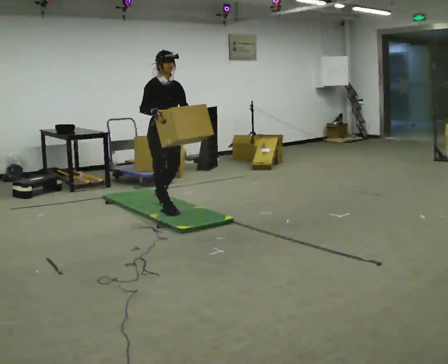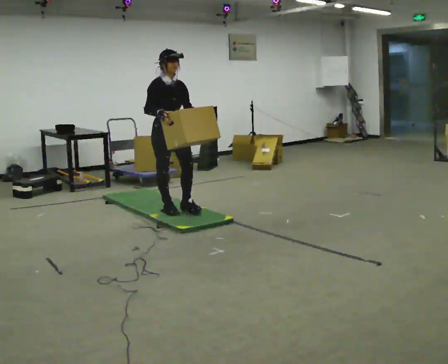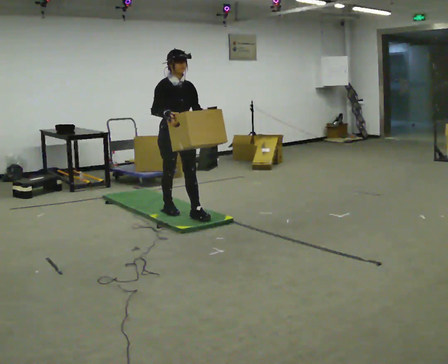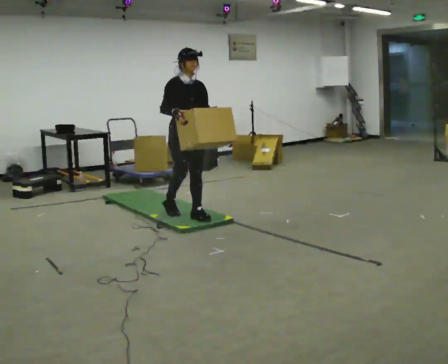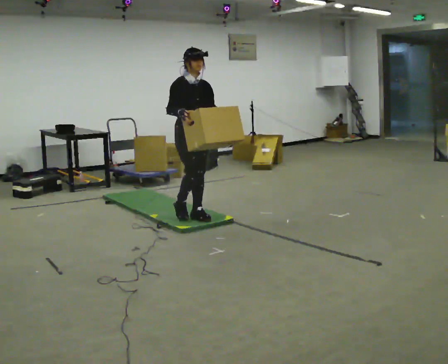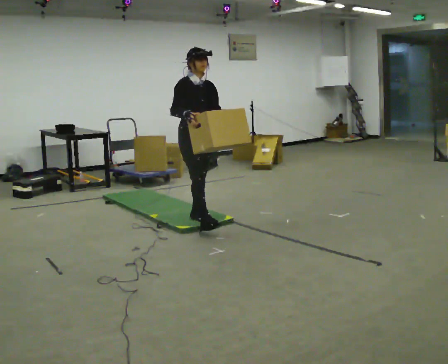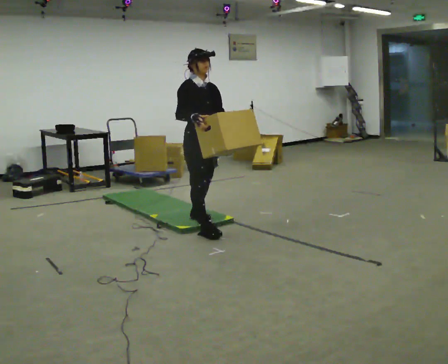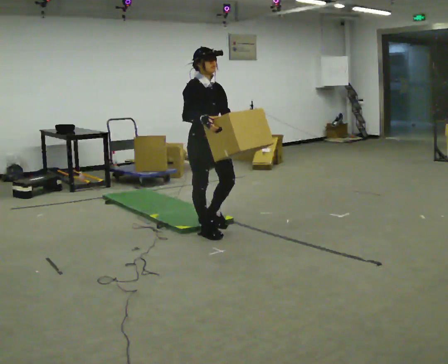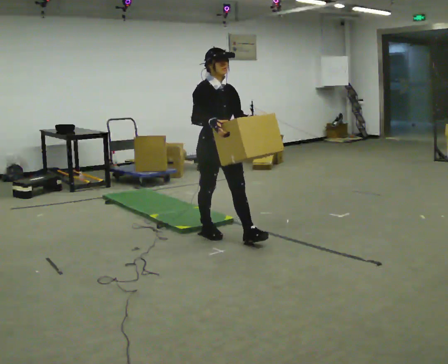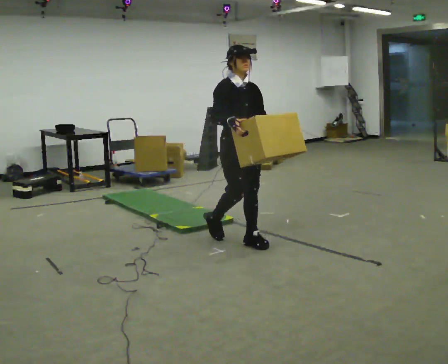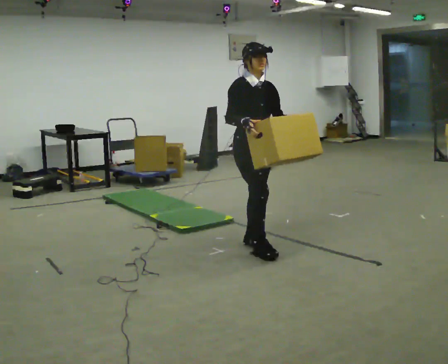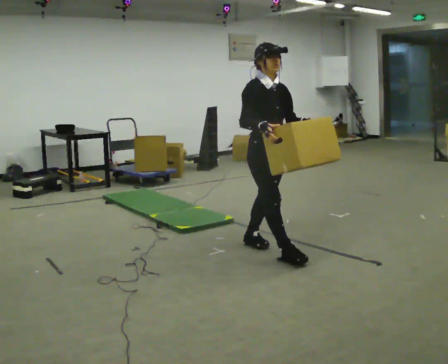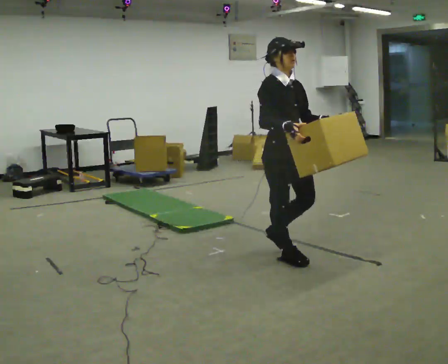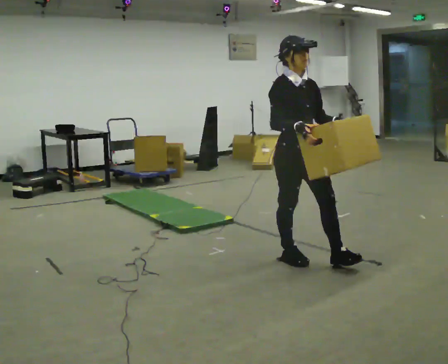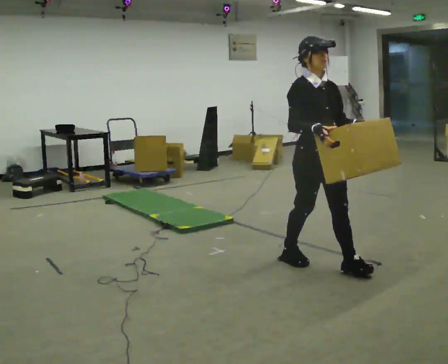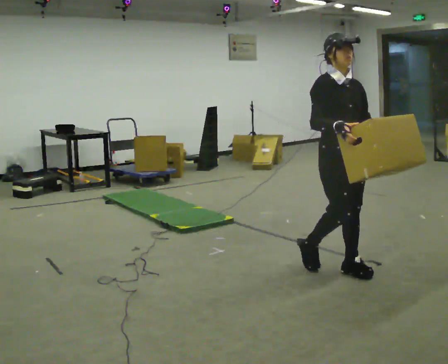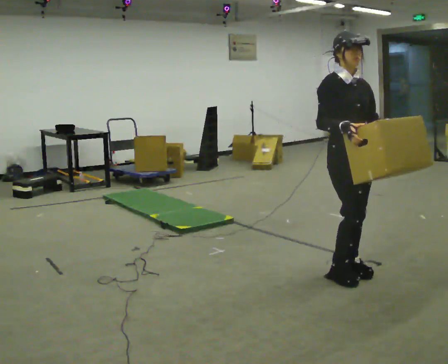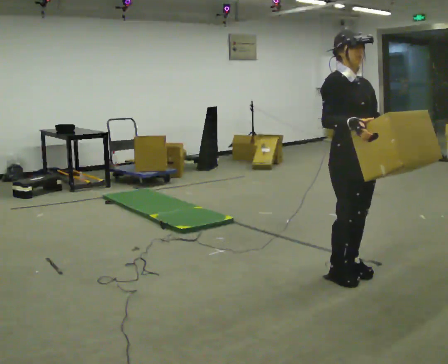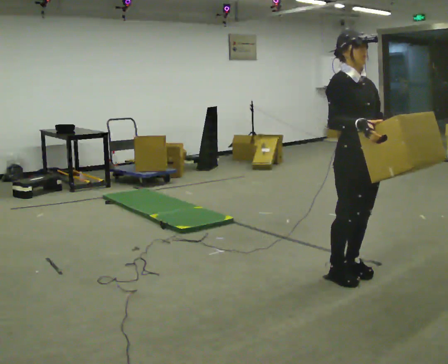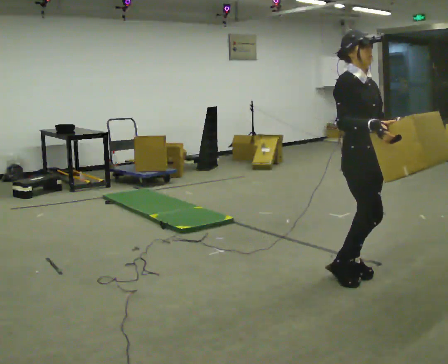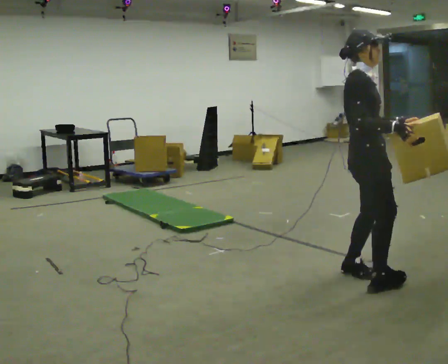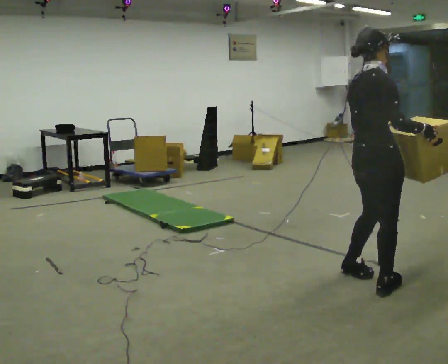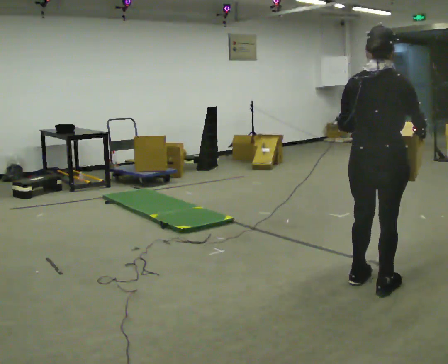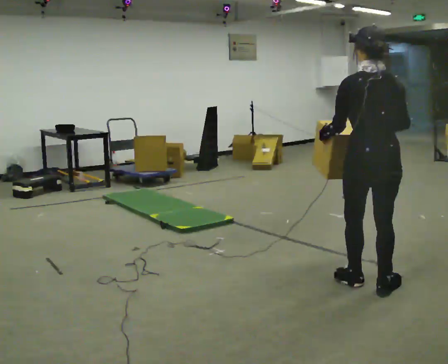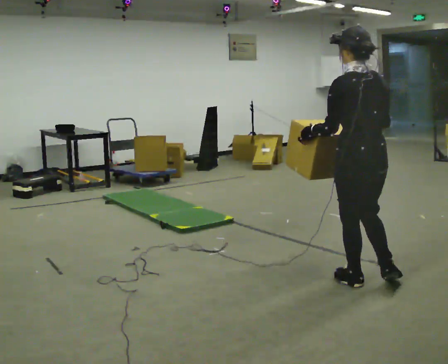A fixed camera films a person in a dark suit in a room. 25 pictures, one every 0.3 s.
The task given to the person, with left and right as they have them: Carry the box across the soft uneven mat, set it down on the far side, then bring it back. Keep going until the operator says stop; one object at a time, and do not rush between trips.
0.0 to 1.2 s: In the picture they go to the right and toward the camera, about 0.5 m in 1 step, which for them is forward.
1.2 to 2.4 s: In the picture they go toward the camera and to the right, about 0.5 m in 1 step, which for them is forward.
2.4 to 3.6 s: In the picture they go toward the camera and to the right, about 1 m in 2 steps, which for them is forward.
3.6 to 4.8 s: In the picture they go to the right and toward the camera, about 0.5 m in 2 steps, which for them is forward.
4.8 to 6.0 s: The person turns about 30 degrees to their left, counterclockwise seen from above, so the part of the body nearest the lens slides to the right. In the picture their right hand goes to the right.
6.0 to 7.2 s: Seen from above the body turns counterclockwise, about 135 degrees: to their left, with its near side sliding to the right.
The film runs forward here.
